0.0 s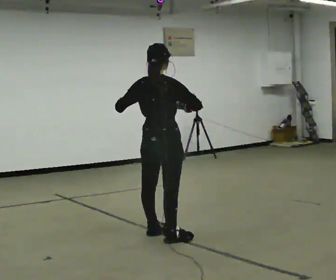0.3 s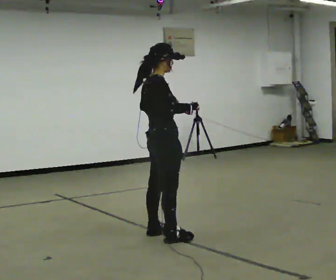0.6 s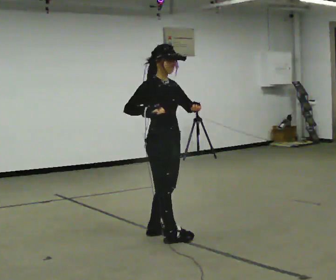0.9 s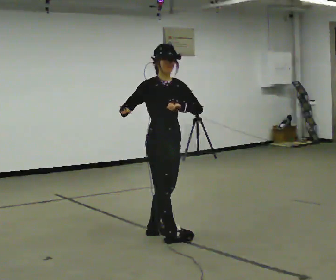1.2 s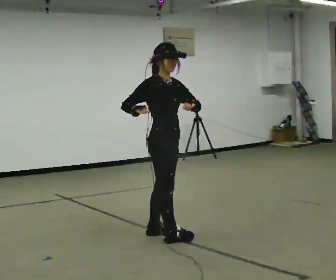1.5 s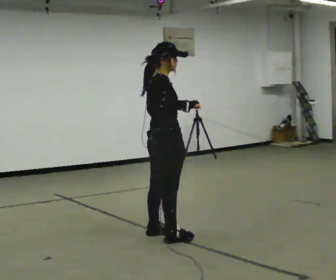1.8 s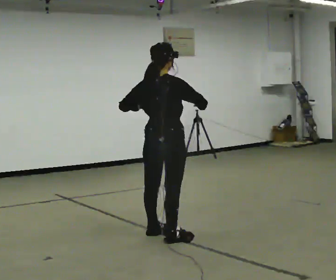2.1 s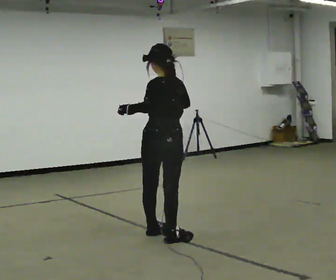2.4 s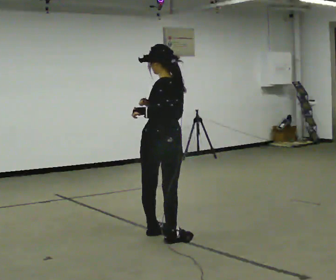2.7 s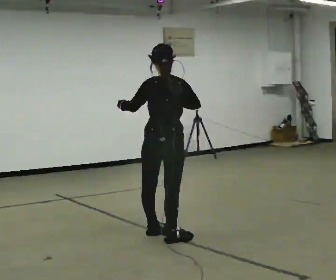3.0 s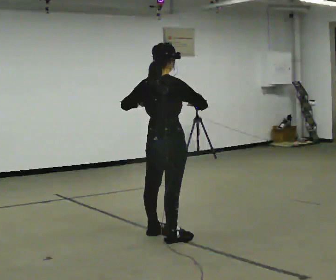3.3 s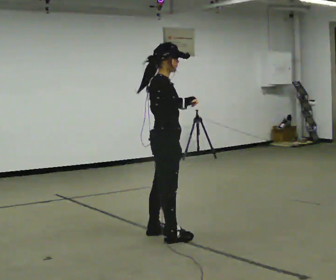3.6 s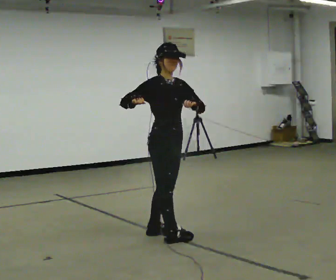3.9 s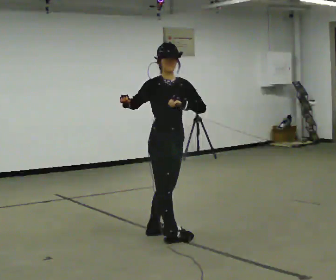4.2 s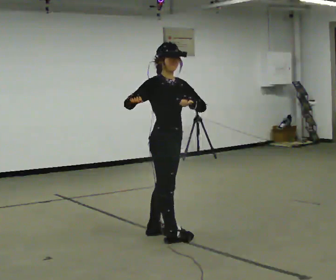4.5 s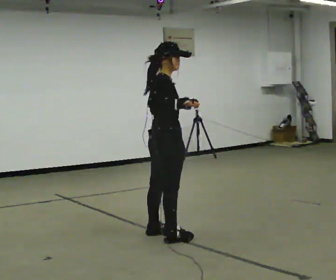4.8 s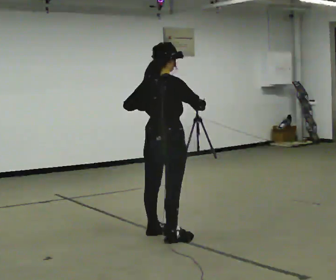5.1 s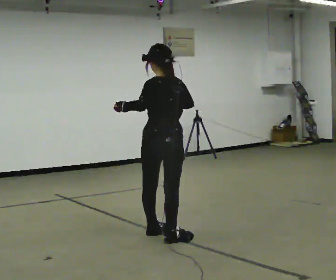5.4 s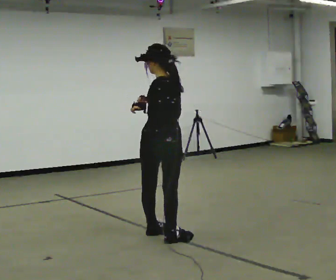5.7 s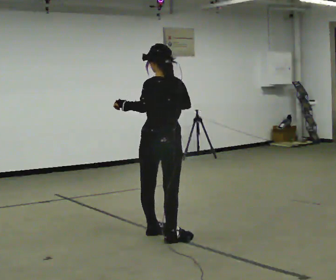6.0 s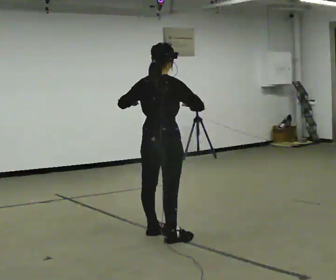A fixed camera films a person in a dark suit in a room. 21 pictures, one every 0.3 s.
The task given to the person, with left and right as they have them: Keeping your feet still, turn your upper body to look behind you on one side, return to the front, then turn to the other side. Repeat the movement at your own pace until the operator says stop; do not rush.
0.0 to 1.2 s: The part of the body nearest the lens slides to the left as the person turns to their right by about 75 degrees. In the picture their left hand goes to the right.
1.2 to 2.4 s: The part of the body nearest the lens slides to the right as the person turns to their left by about 135 degrees.
2.4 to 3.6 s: The part of the body nearest the lens slides to the left as the person turns to their right by about 150 degrees.
3.6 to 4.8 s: Seen from above the body turns counterclockwise, about 105 degrees: to their left, with its near side sliding to the right. In the picture their right hand goes to the right.
4.8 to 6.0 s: The person moves a little, or ends about where they began.
The film runs forward here.
